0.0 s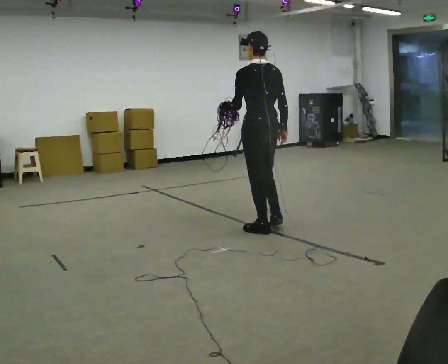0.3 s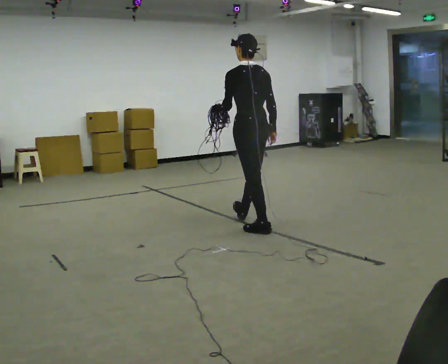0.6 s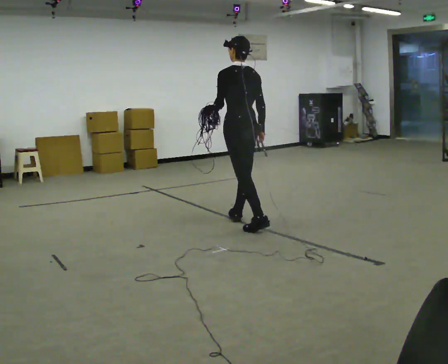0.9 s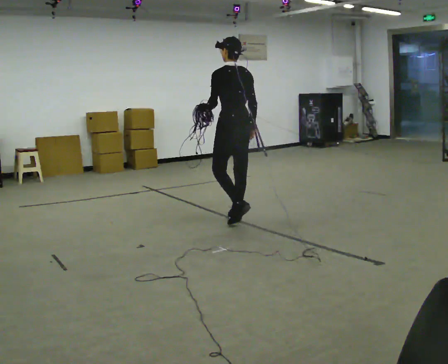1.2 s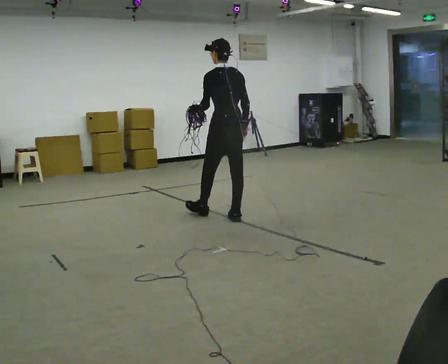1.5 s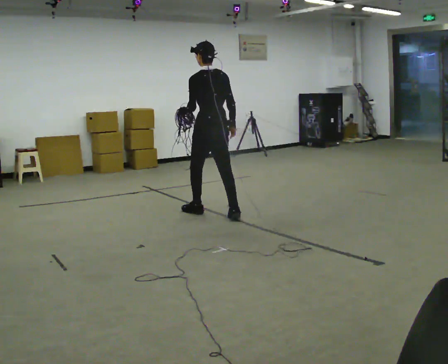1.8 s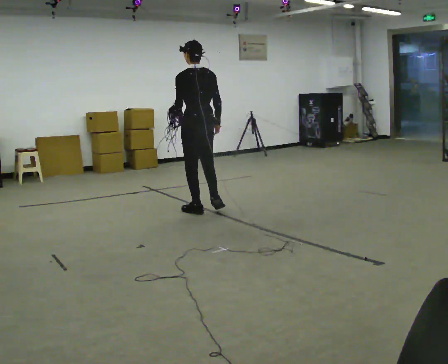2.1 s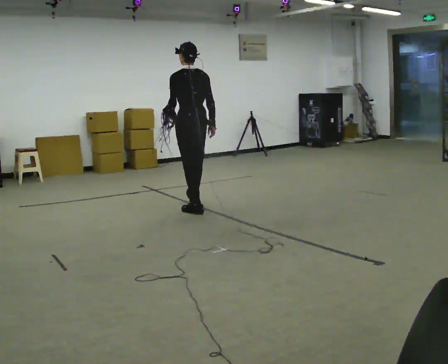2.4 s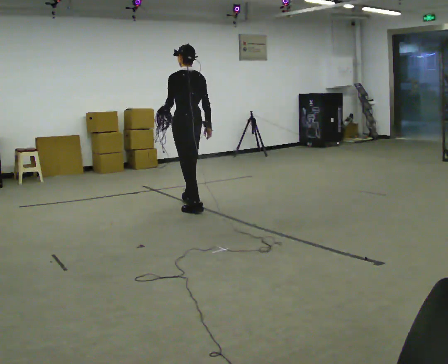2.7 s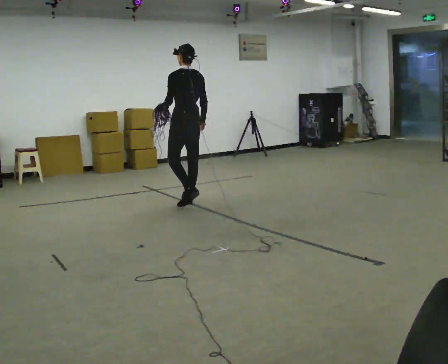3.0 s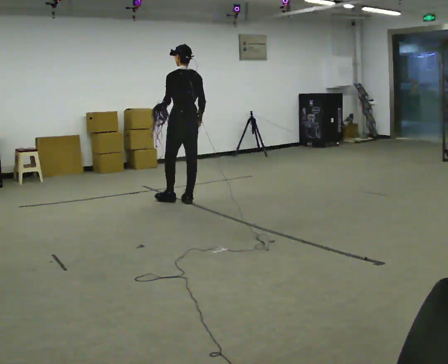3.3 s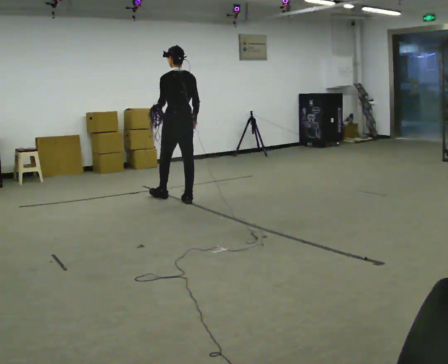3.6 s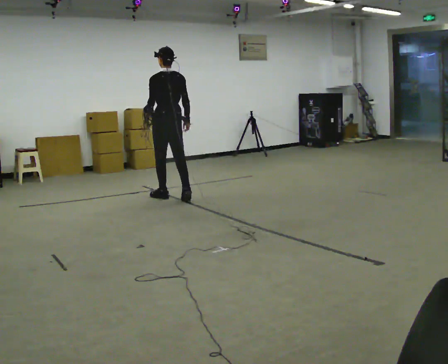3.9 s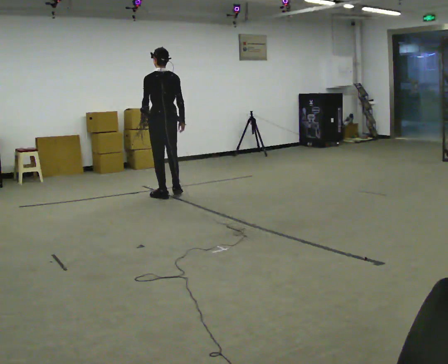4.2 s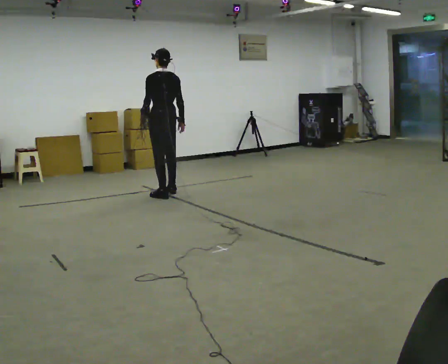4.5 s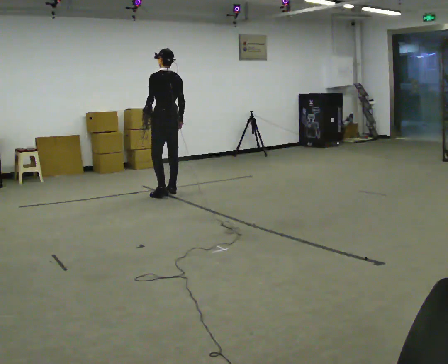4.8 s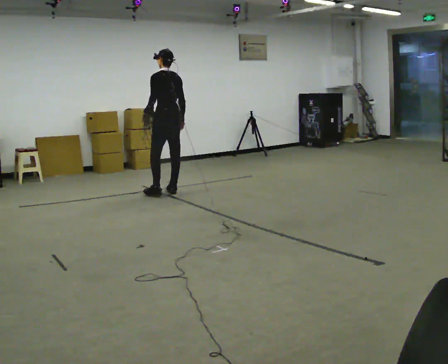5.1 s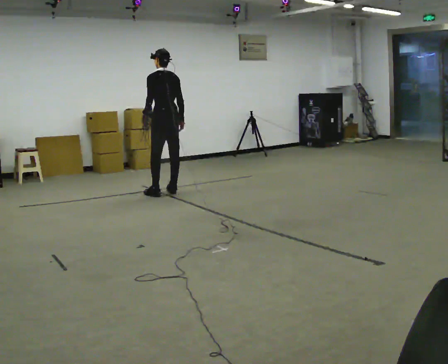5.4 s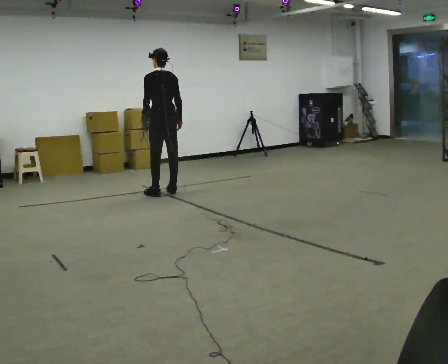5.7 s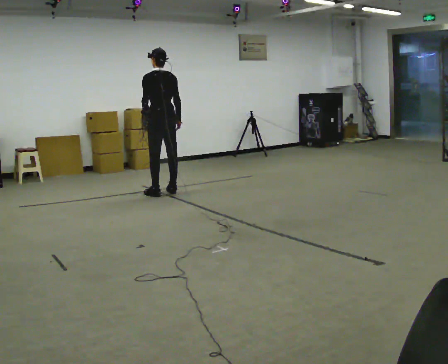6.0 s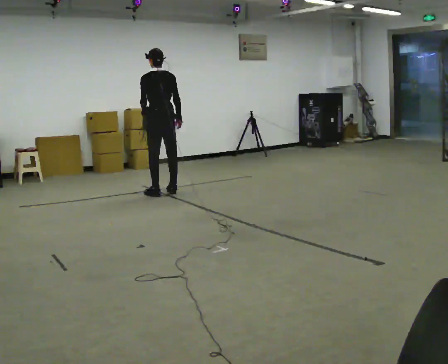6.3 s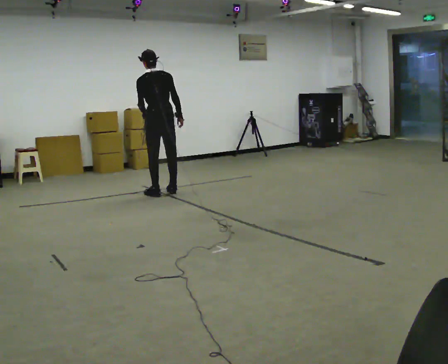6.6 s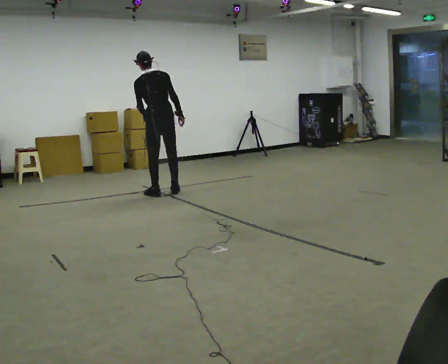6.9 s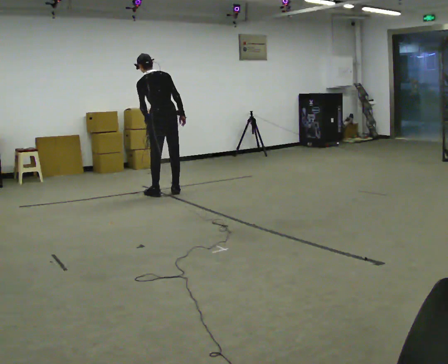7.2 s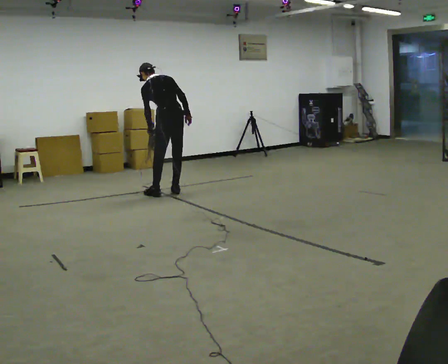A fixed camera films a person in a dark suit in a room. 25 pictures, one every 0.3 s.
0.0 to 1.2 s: In the picture they go away from the camera and to the left, about 0.5 m in 1 step, which for them is forward.
1.2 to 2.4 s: In the picture they go away from the camera and to the left, about 0.5 m in 2 steps, which for them is forward.
2.4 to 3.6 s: In the picture they go away from the camera and to the left, about 0.5 m in 1 step, which for them is forward.
3.6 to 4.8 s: In the picture they go away from the camera, about 0.25 m in 1 step, which for them is forward and to their right.
4.8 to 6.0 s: The person moves a little, or ends about where they began.
6.0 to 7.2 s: The upper body tips away from the camera, its near side rolling upward, as they bend forward.
The film runs forward here.
